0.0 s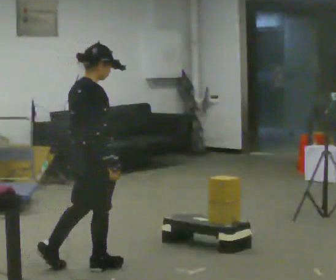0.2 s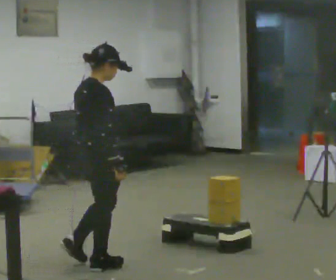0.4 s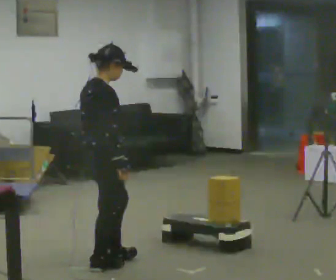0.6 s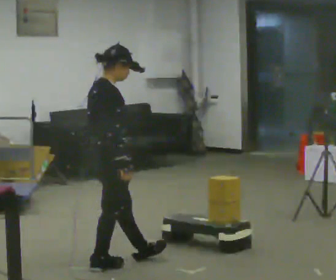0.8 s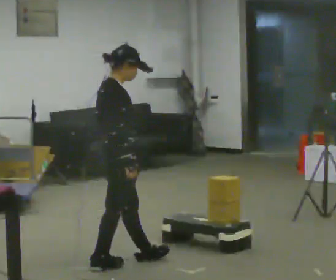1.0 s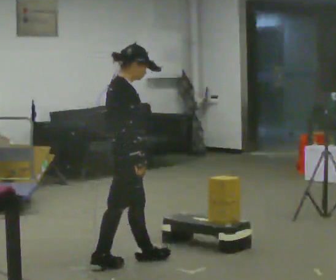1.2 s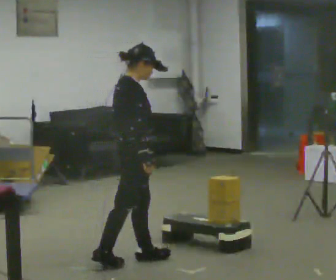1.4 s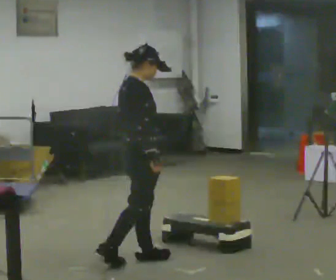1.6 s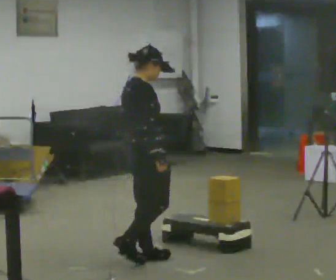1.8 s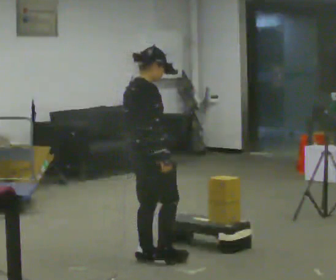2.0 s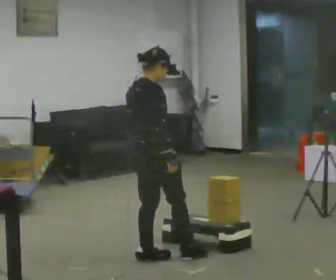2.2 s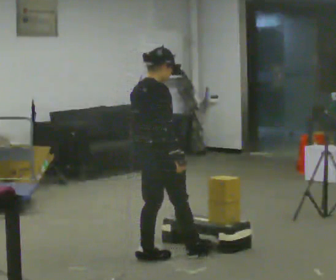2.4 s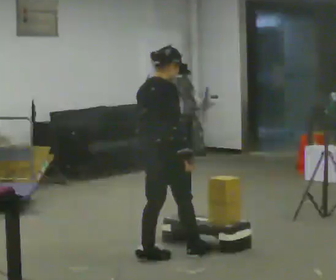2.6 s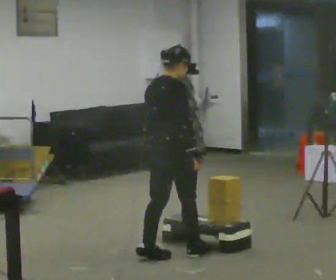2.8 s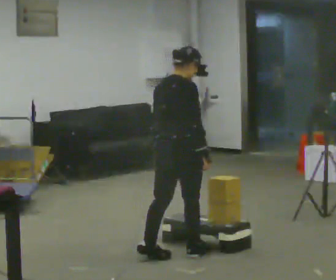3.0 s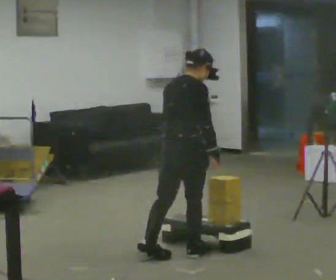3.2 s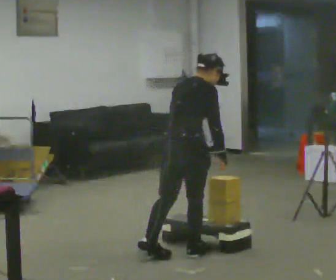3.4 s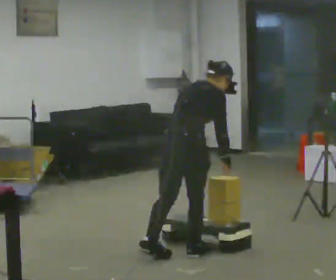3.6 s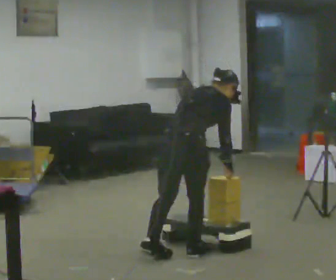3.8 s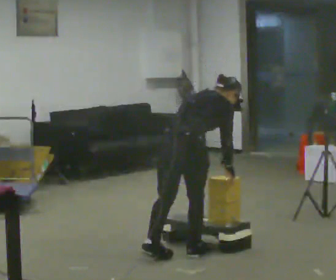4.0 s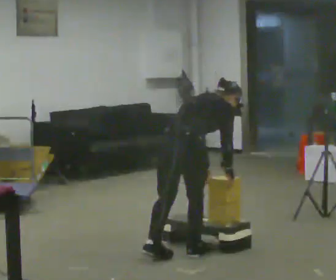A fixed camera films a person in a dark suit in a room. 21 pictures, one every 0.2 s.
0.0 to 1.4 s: In the picture they go to the right and away from the camera, about 0.25 m in 1 step, which for them is forward.
1.4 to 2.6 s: Seen from above the body turns counterclockwise, about 30 degrees: to their left, with its near side sliding to the right. In the picture they go to the right, about 0.25 m in 1 step, which for them is forward.
2.6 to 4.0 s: In the picture the upper body tilts clockwise, shoulders to the right, as they bend forward.
The film runs forward here.
